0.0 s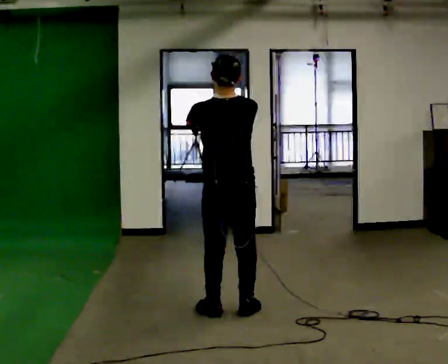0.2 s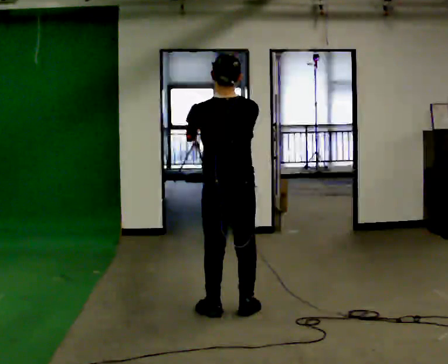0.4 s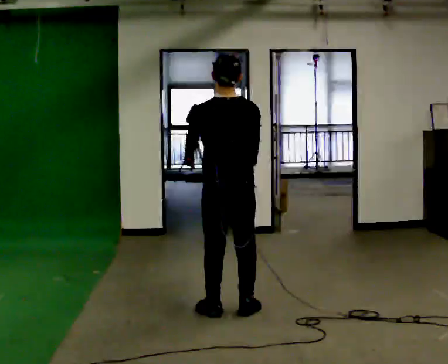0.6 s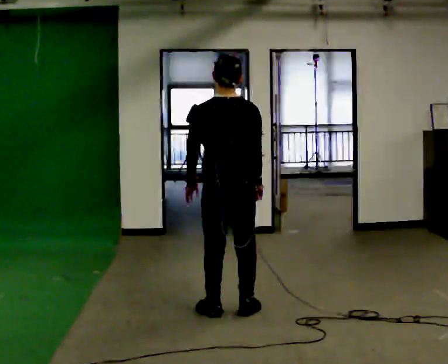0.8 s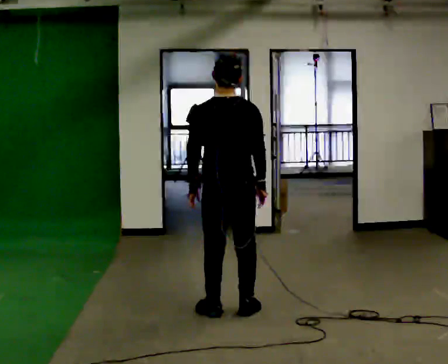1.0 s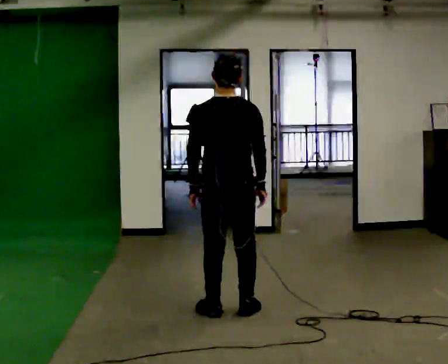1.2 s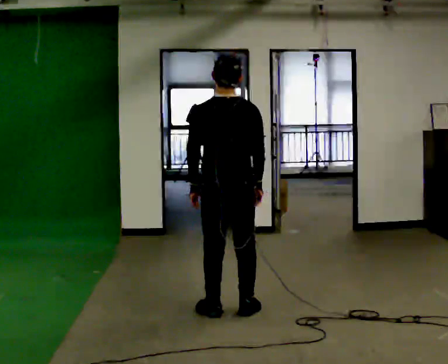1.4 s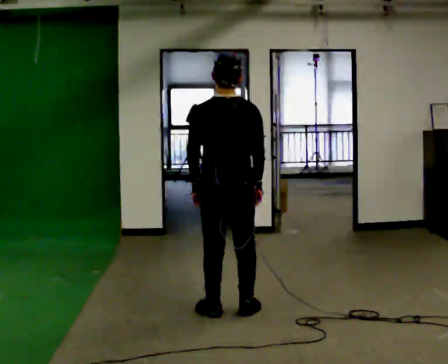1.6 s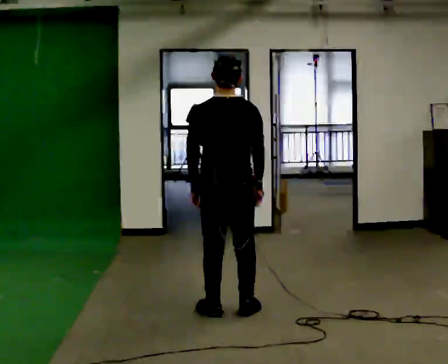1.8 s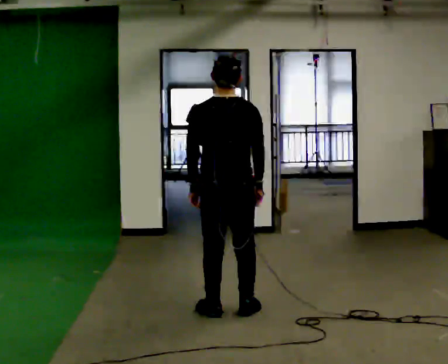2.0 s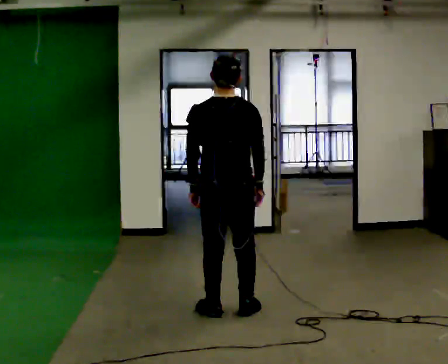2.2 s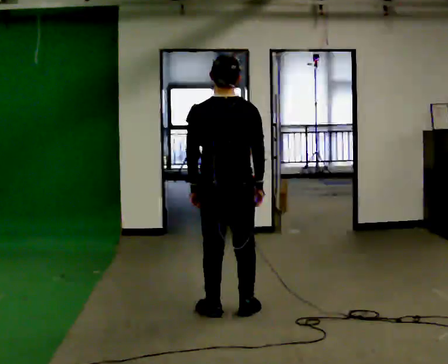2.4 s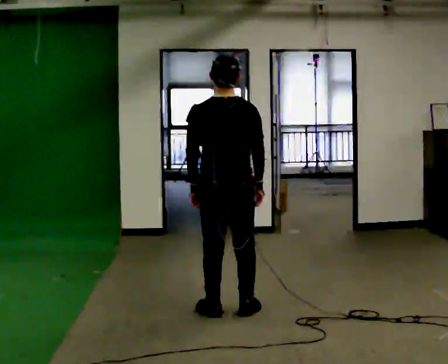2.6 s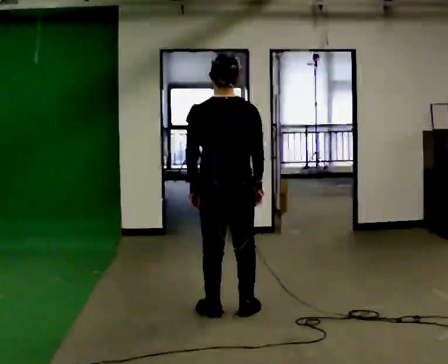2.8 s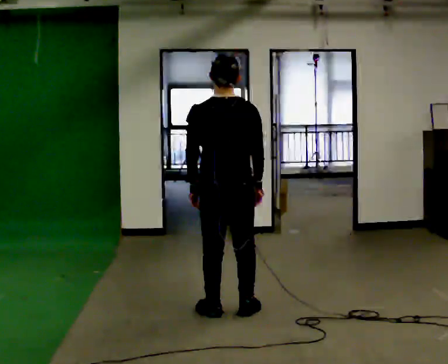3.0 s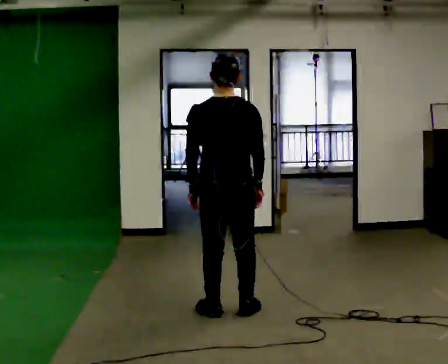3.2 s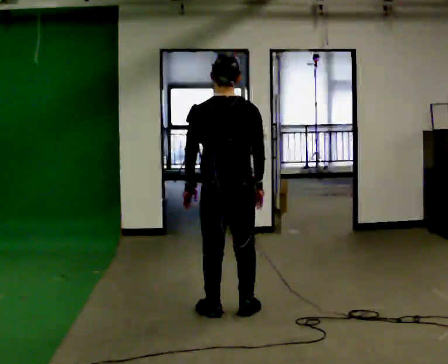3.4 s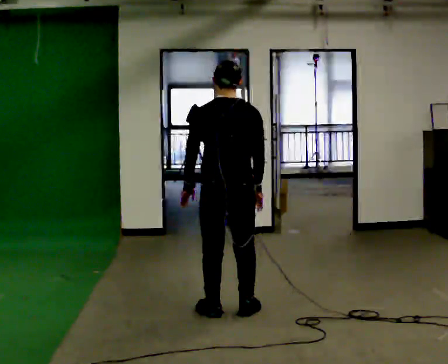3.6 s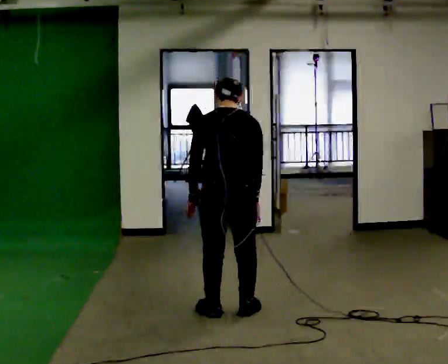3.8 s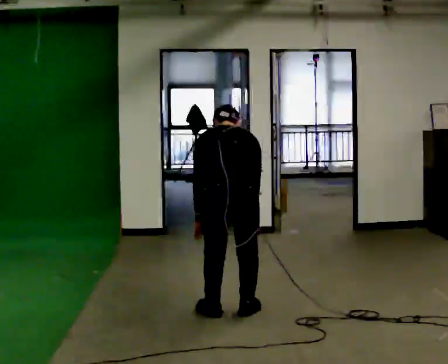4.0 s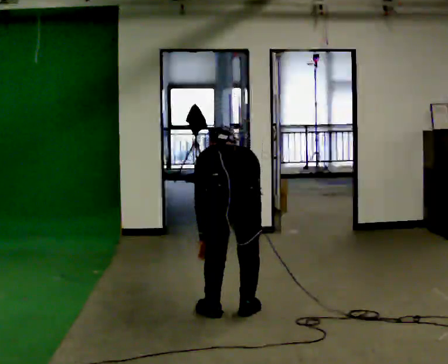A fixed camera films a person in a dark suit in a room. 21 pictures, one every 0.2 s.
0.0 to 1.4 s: In the picture their left hand goes downward.
1.4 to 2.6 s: The person keeps their place and pose.
2.6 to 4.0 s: In the picture they go toward the camera, about 0.25 m, which for them is backward. The upper body goes downward. The upper body tips away from the camera, its near side rolling upward, as they bend forward. In the picture their right hand goes downward.
The film runs forward here.
